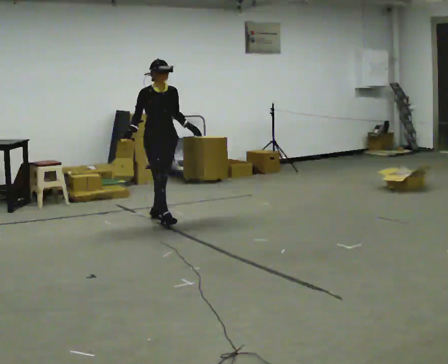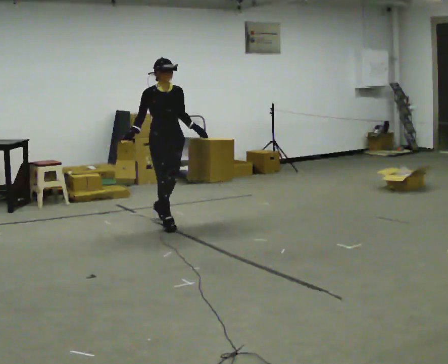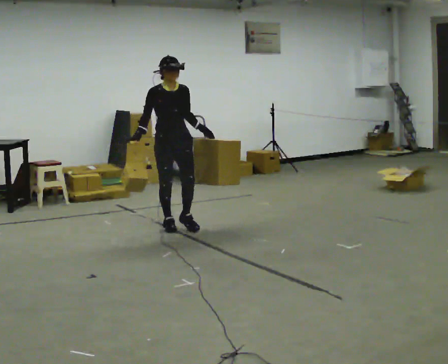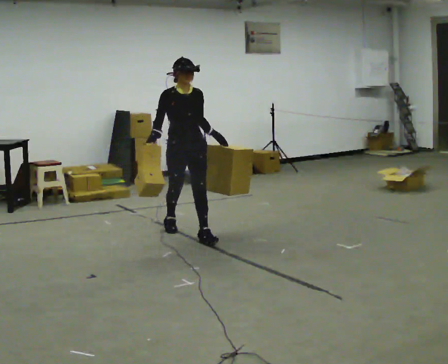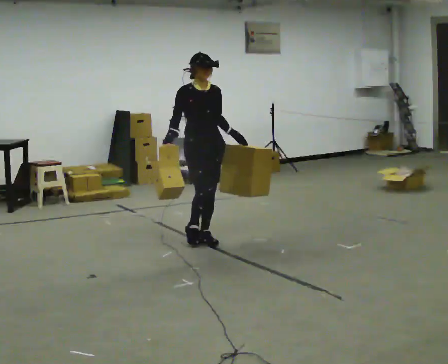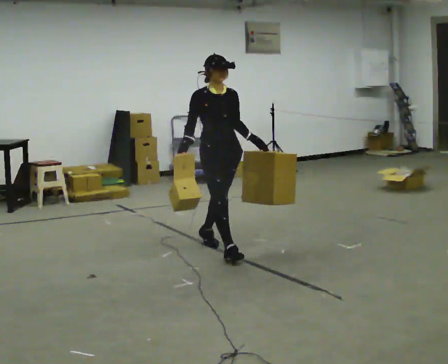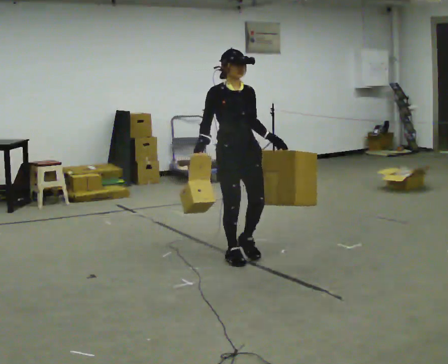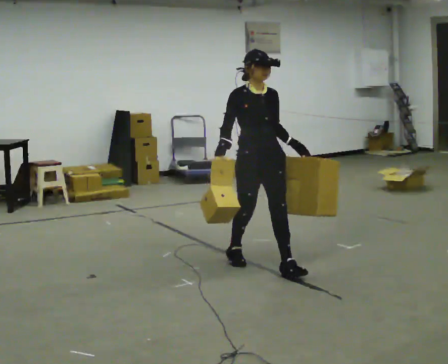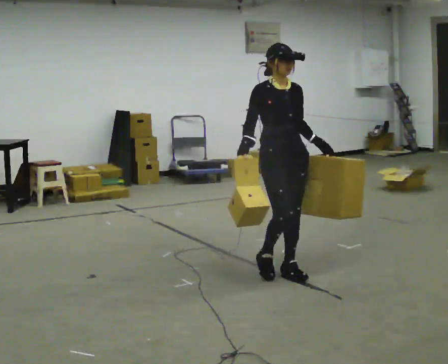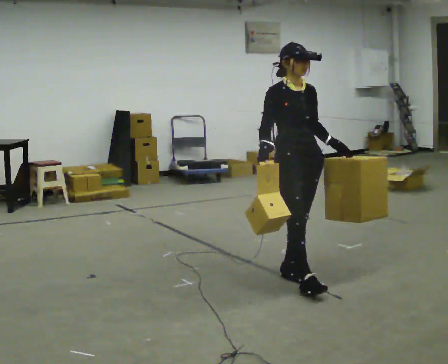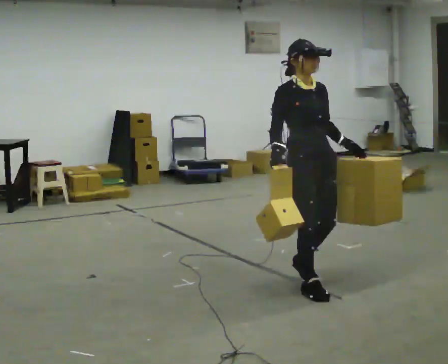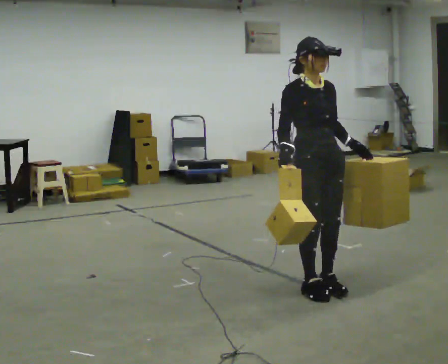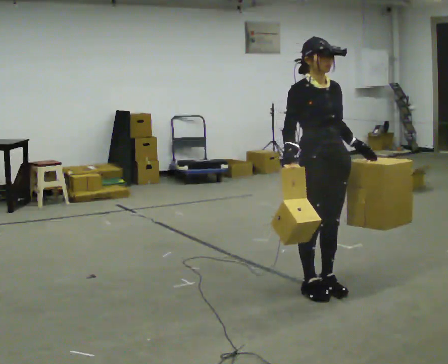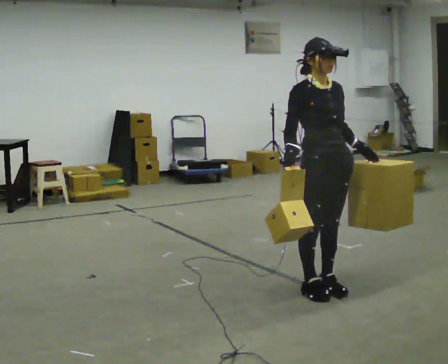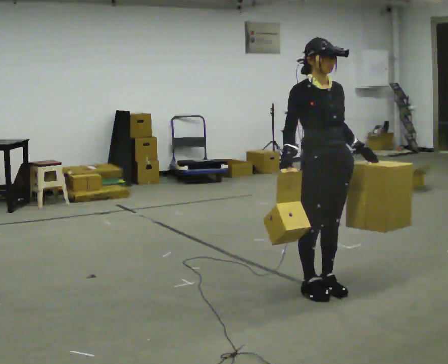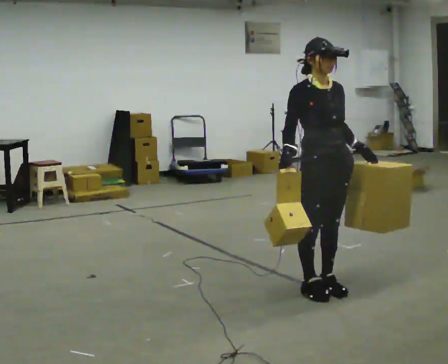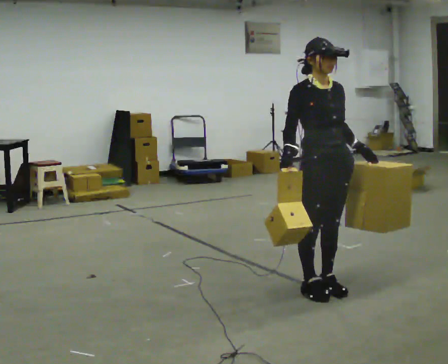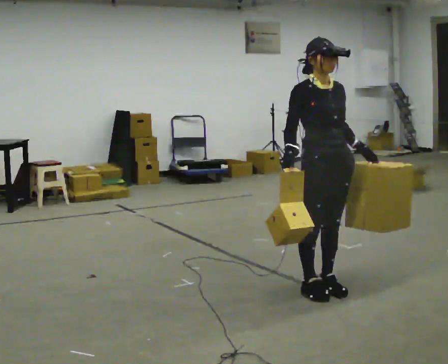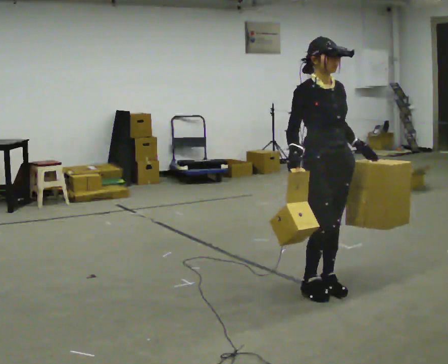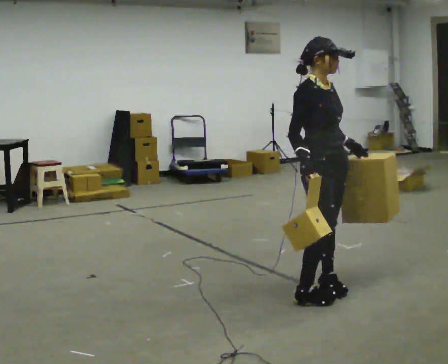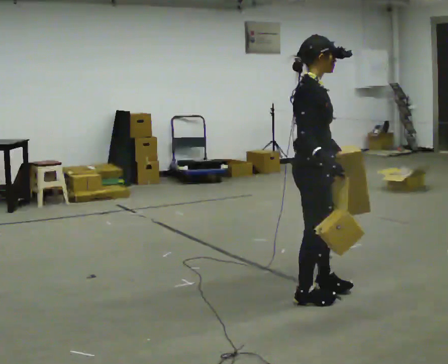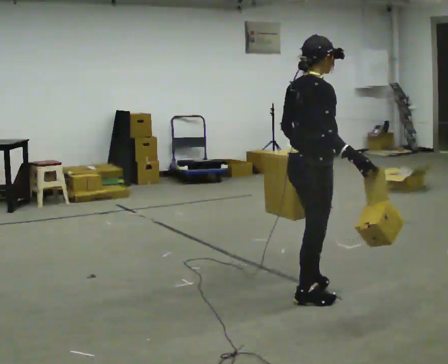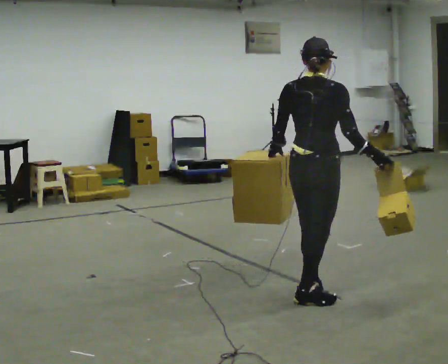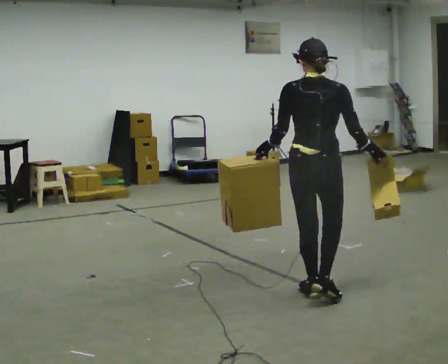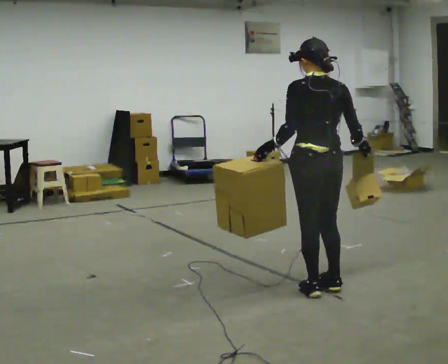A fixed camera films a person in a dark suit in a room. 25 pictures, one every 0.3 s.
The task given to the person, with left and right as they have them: Carry one object in each hand, the heavy one in the hand the operator calls, walking back and forth across the room.
0.0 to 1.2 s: In the picture they go toward the camera and to the right, about 1 m in 2 steps, which for them is forward.
1.2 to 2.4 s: In the picture they go toward the camera and to the right, about 1 m in 2 steps, which for them is forward.
2.4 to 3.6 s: In the picture they go toward the camera and to the right, about 0.5 m in 2 steps, which for them is forward.
3.6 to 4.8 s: The person moves a little, or ends about where they began.
4.8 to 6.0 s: The part of the body nearest the lens slides to the right as the person turns to their left by about 60 degrees.
6.0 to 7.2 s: Seen from above the body turns counterclockwise, about 105 degrees: to their left, with its near side sliding to the right.
The film runs forward here.
